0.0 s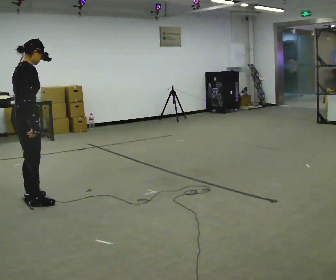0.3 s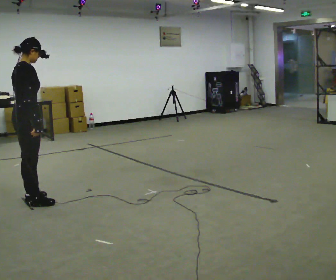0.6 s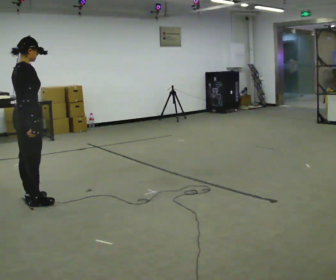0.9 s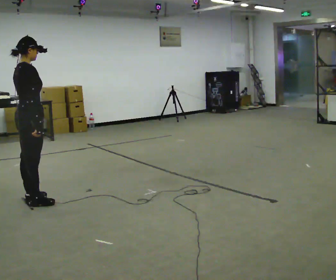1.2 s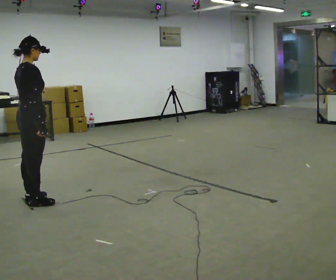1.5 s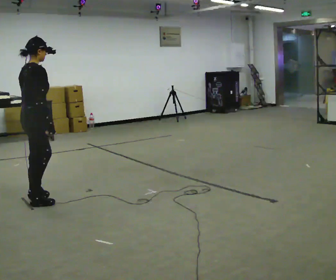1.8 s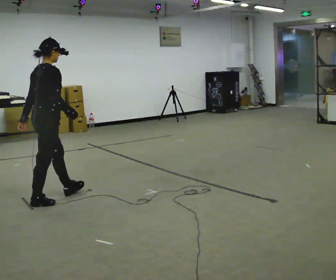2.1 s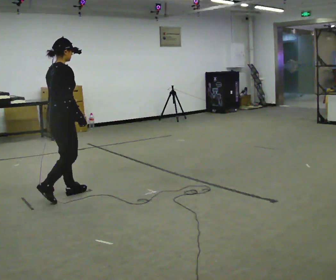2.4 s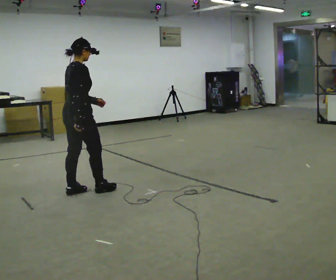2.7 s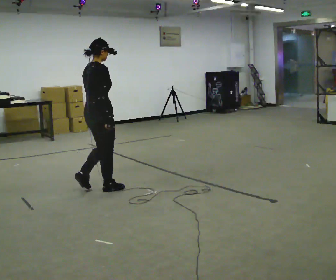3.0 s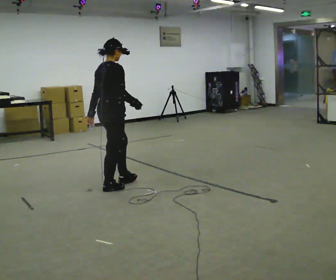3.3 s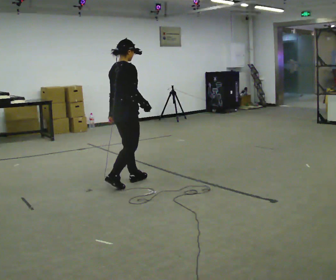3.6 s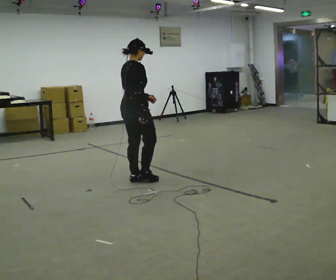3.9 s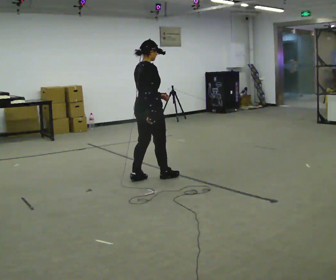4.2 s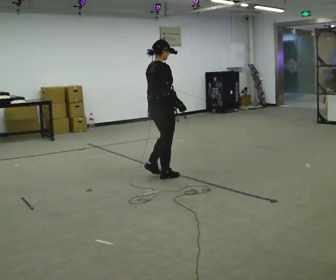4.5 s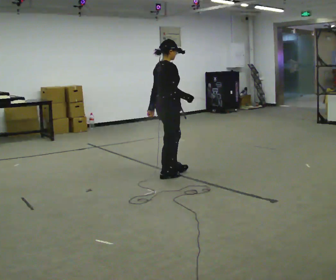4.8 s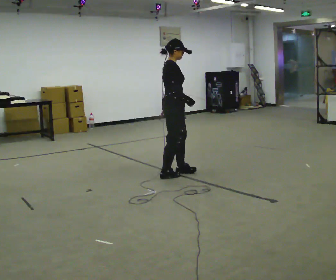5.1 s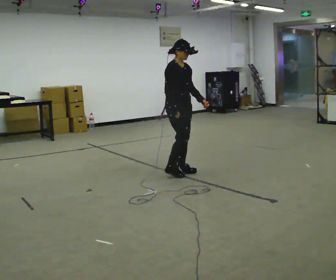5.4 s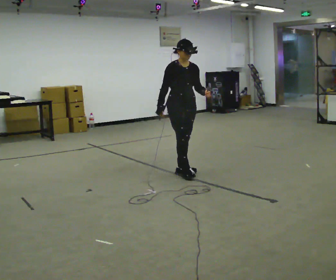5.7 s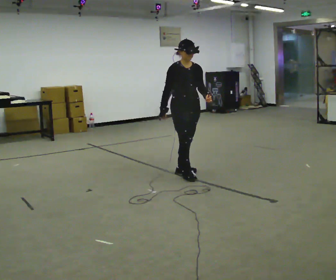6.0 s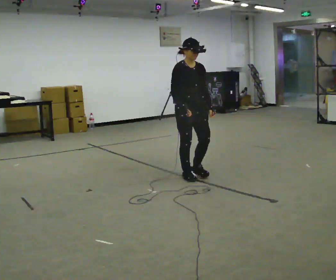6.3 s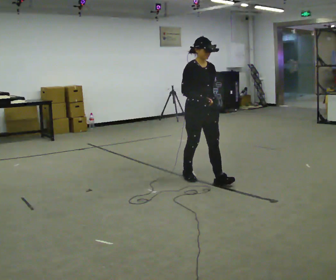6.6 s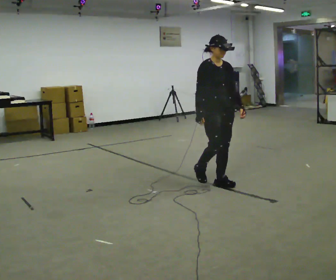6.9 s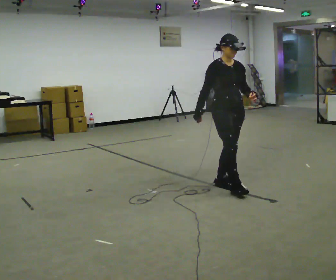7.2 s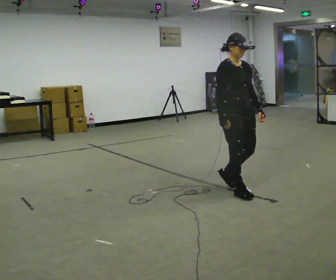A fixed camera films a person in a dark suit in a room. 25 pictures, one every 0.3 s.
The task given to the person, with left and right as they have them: Walk normally; turn left/right while slowing; after turn accelerate back to normal.
0.0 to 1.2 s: The person moves a little, or ends about where they began.
1.2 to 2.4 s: In the picture they go to the right and away from the camera, about 0.5 m in 1 step, which for them is forward.
2.4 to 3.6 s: In the picture they go to the right and away from the camera, about 0.75 m in 2 steps, which for them is forward.
3.6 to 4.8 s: Seen from above the body turns clockwise, about 30 degrees: to their right, with its near side sliding to the left. In the picture they go to the right, about 0.5 m in 2 steps, which for them is forward.
4.8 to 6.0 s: The part of the body nearest the lens slides to the left as the person turns to their right by about 60 degrees. In the picture they go to the right and toward the camera, about 0.25 m in 1 step, which for them is forward.
6.0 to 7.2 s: In the picture they go toward the camera and to the right, about 0.75 m in 2 steps, which for them is forward.
The film runs forward here.
